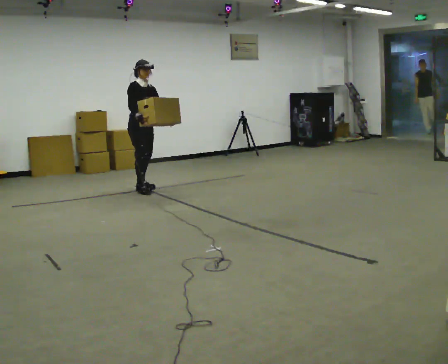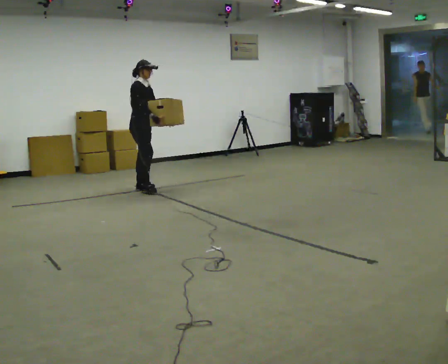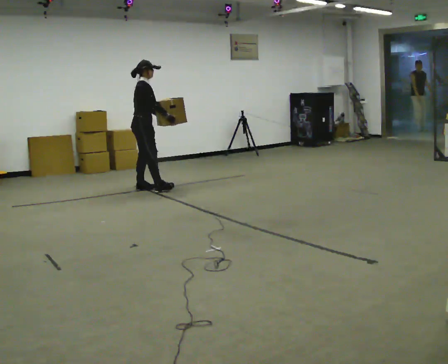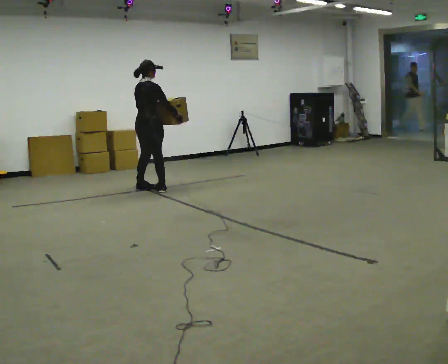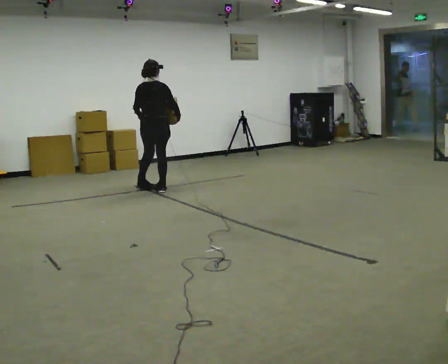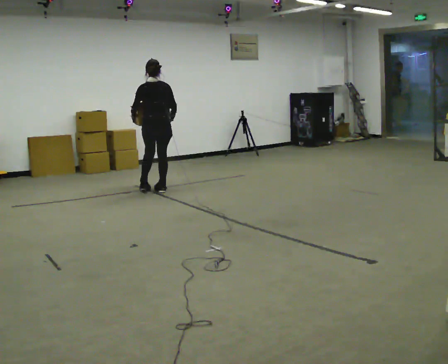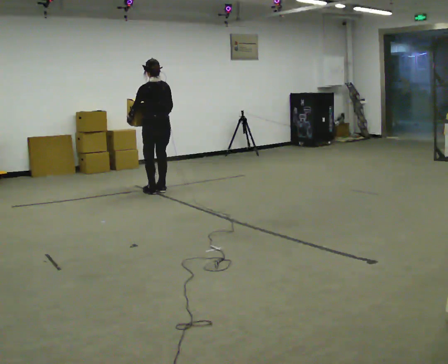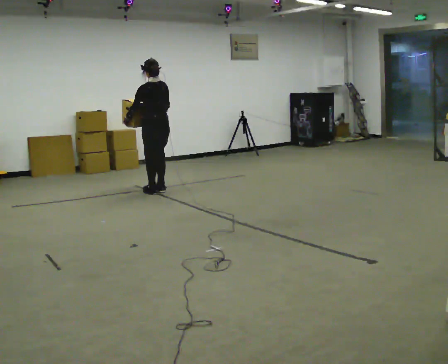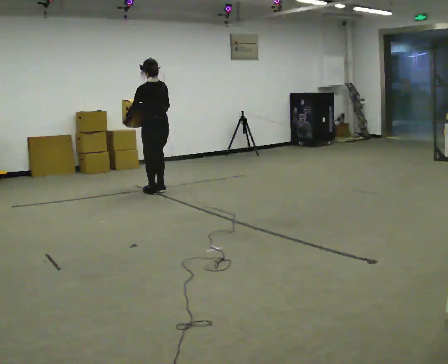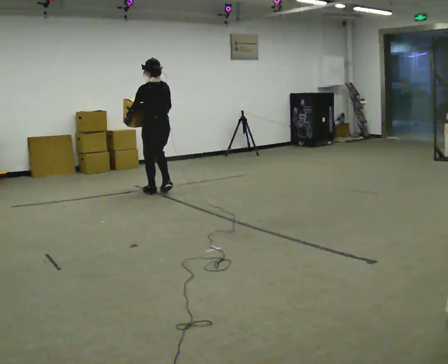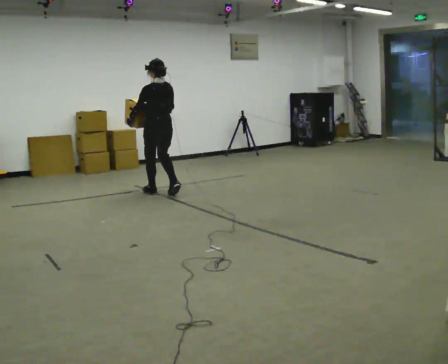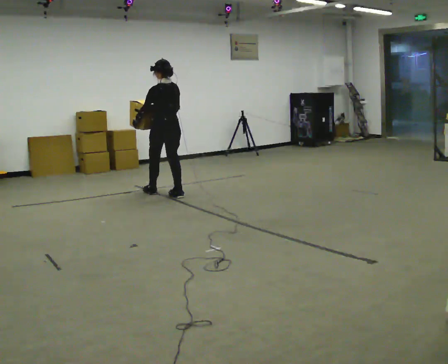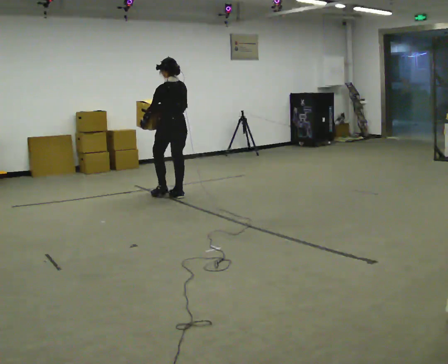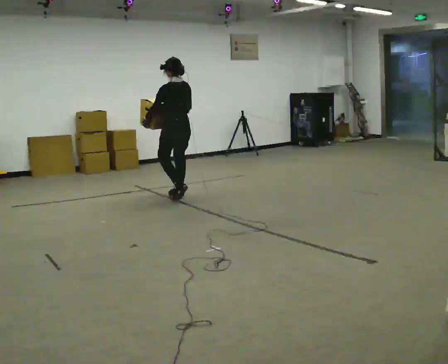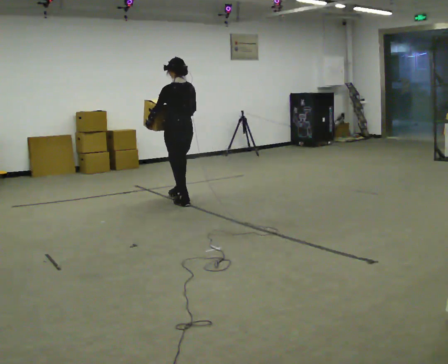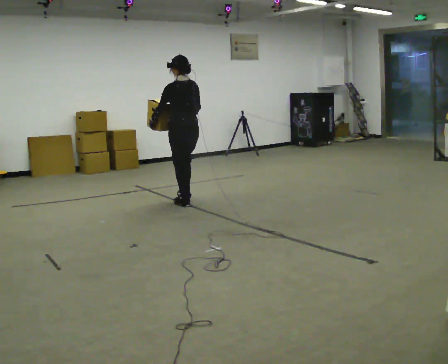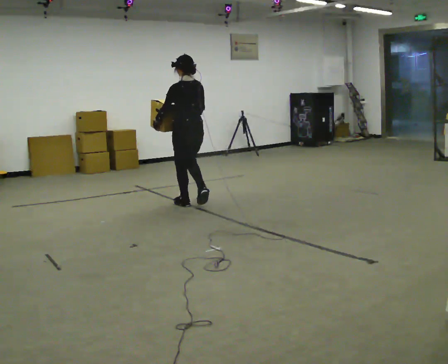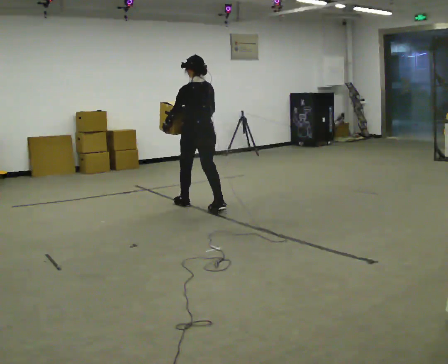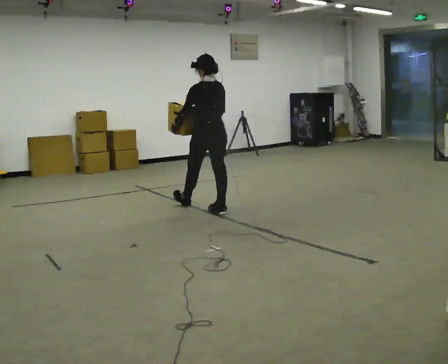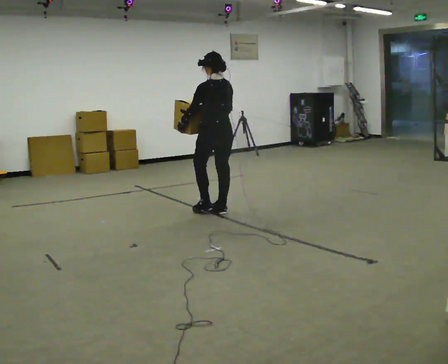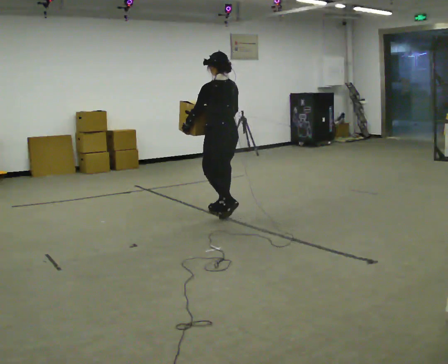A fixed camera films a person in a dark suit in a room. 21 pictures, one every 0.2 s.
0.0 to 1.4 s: The person turns about 165 degrees to their left, counterclockwise seen from above, so the part of the body nearest the lens slides to the right. In the picture they go to the right and toward the camera, about 0.25 m in 2 steps.
1.4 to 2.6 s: In the picture they go toward the camera and to the right, about 0.5 m in 2 steps, which for them is backward.
2.6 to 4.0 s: In the picture they go toward the camera and to the right, about 1 m in 2 steps, which for them is backward.
The film runs backward here.
